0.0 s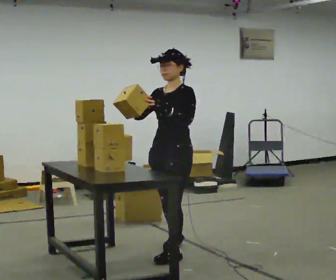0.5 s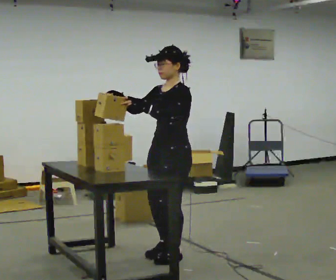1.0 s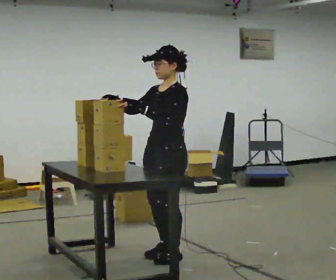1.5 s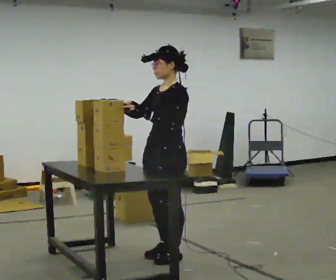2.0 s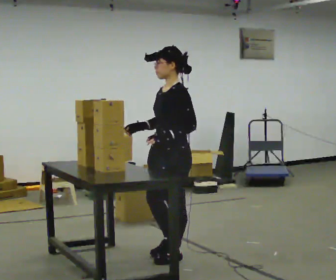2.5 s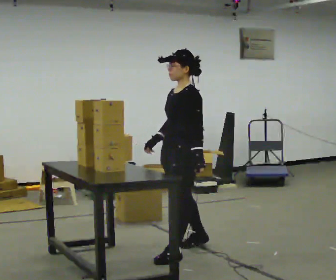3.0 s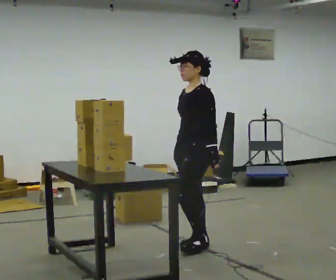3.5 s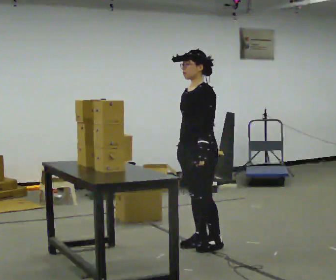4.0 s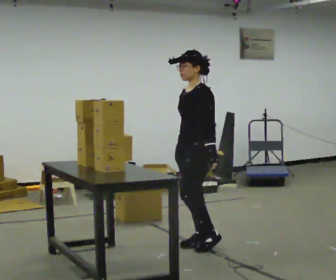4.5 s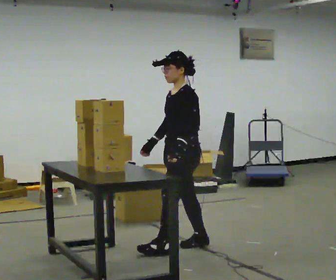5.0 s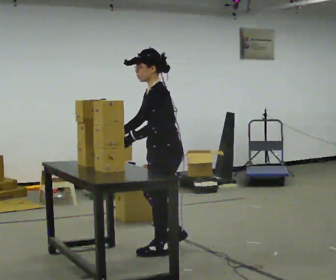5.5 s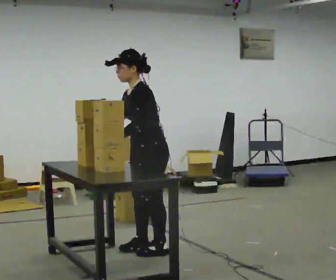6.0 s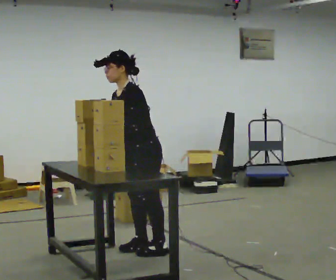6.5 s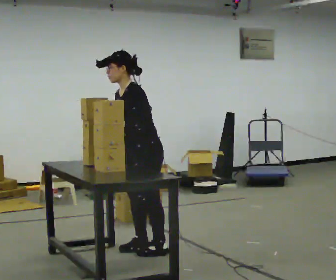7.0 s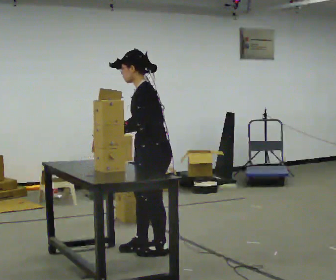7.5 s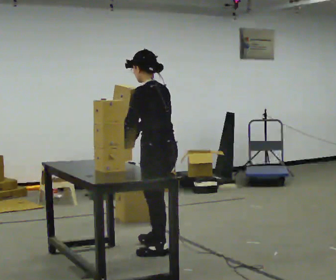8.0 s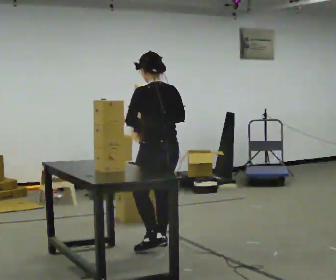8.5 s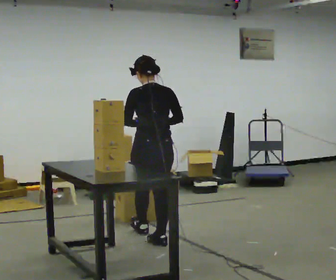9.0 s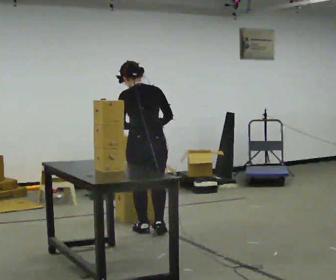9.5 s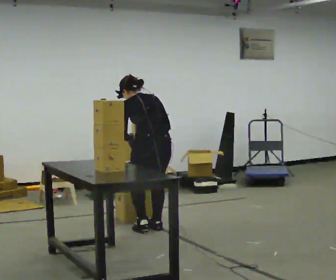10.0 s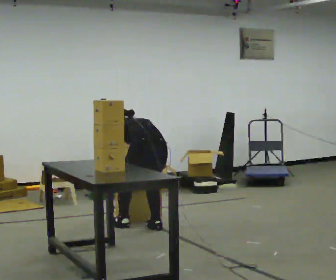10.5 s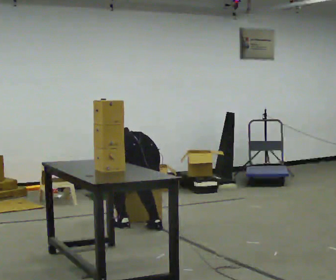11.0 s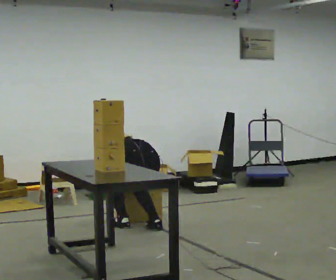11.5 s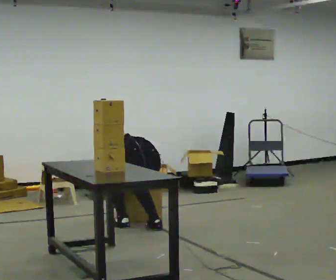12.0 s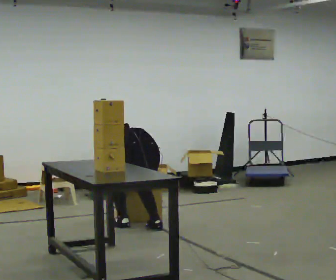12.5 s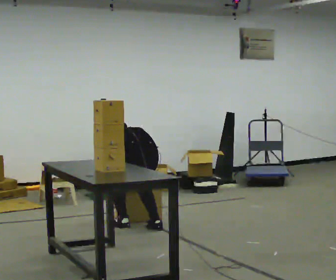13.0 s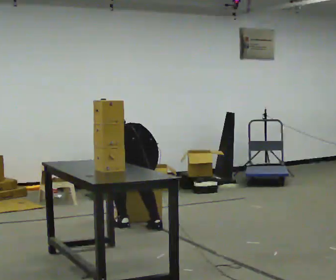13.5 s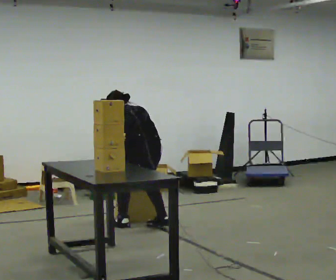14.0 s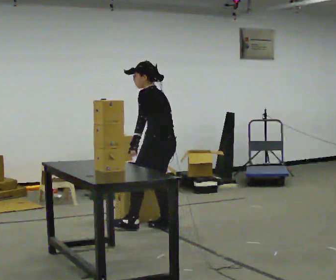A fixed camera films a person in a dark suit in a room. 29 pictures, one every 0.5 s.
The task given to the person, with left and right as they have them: Take objects out of the bin one at a time and lay them out on the table, stepping between the bin and the table each time. Keep going until the operator says stop; one object at a time, and do not rush between trips.
0.0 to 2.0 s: The person moves a little, or ends about where they began.
2.0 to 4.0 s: In the picture they go away from the camera and to the right, about 0.5 m in 2 steps, which for them is backward and to their right.
4.0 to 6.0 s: In the picture they go to the left, about 0.5 m in 2 steps, which for them is forward. In the picture the upper body tilts counterclockwise, shoulders to the left, as they bend forward.
6.0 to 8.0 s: The part of the body nearest the lens slides to the left as the person turns to their right by about 75 degrees. In the picture they go away from the camera, about 0.25 m. In the picture the upper body tilts clockwise, shoulders to the right, as they lean back or straighten. In the picture their right hand goes to the right.
8.0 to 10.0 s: In the picture they go away from the camera, about 0.5 m in 3 steps, which for them is forward. The shoulders move downward. The upper body tips away from the camera, its near side rolling upward, as they bend forward. In the picture their right hand goes downward.
10.0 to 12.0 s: The person moves a little, or ends about where they began.
12.0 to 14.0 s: The part of the body nearest the lens slides to the right as the person turns to their left by about 45 degrees. In the picture they go to the right, about 0.25 m, which for them is to their right. The upper body goes upward. The upper body tips toward the camera, its near side rolling downward, as they lean back or straighten. In the picture their left hand goes upward.
The film runs forward here.
